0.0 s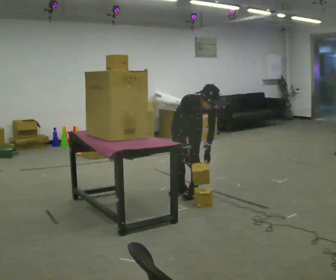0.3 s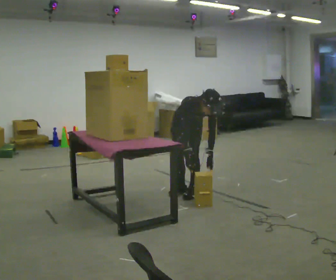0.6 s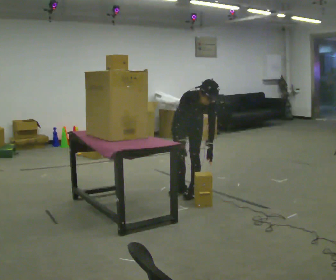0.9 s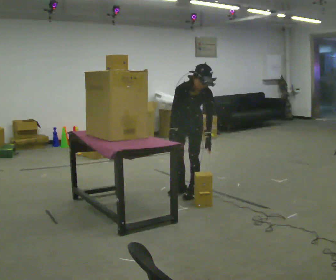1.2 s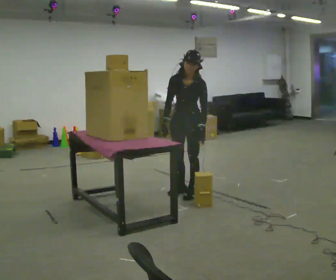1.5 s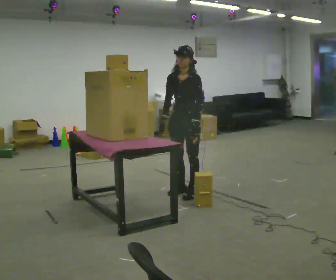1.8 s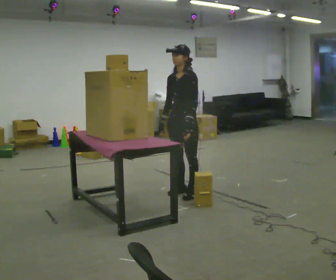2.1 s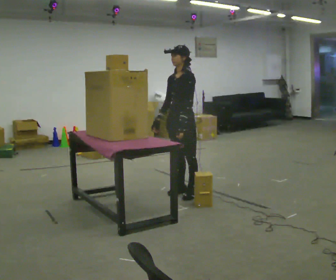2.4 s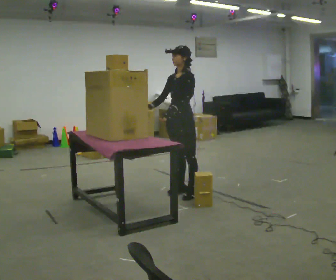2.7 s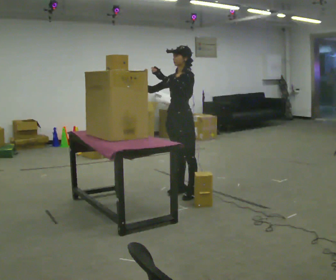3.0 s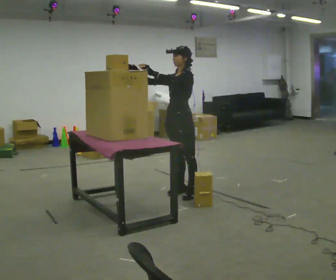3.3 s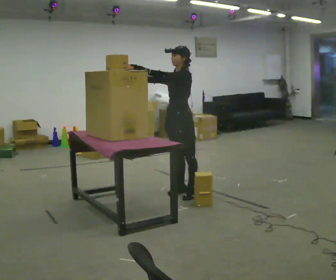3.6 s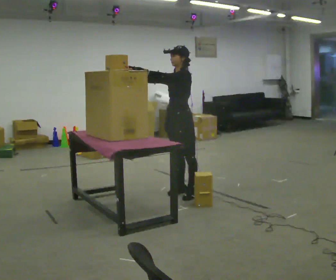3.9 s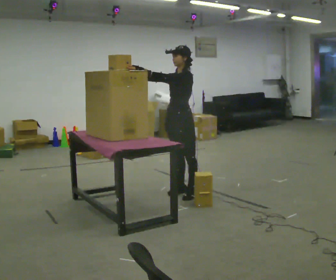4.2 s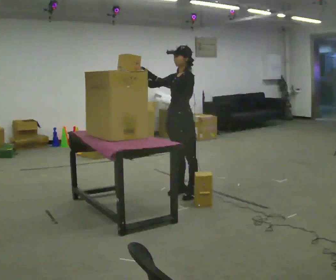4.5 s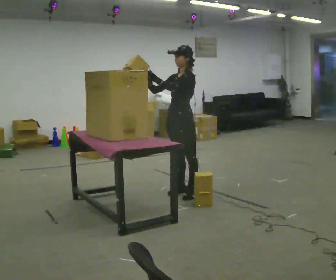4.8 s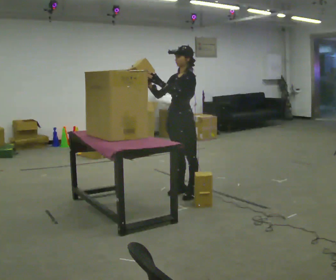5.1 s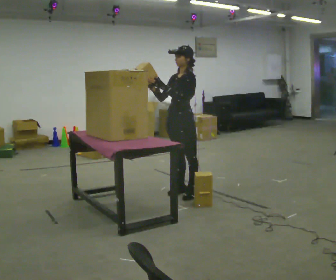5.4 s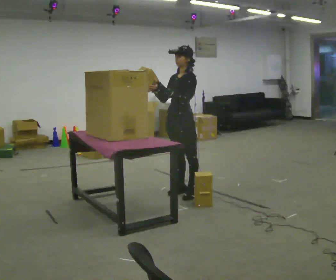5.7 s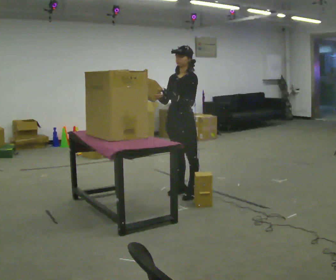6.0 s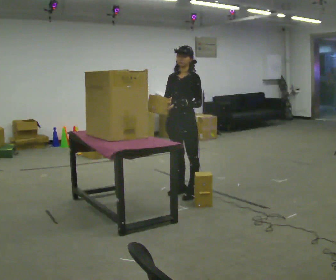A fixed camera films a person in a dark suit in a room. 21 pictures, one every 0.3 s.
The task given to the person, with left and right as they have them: Pick an object up off the floor at your feet and place it on the highest shelf you can comfortably reach. Repeat at your own pace until the operator says stop. Keep both feet on the marked spots for the whole take. If you have to step, stop and tell the operator.
0.0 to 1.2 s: The person turns about 30 degrees to their right, clockwise seen from above, so the part of the body nearest the lens slides to the left. The shoulders move upward. The upper body tips away from the camera, its near side rolling upward, as they lean back or straighten.
1.2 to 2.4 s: The part of the body nearest the lens slides to the left as the person turns to their right by about 30 degrees. The upper body tips away from the camera, its near side rolling upward, as they lean back or straighten. In the picture their left hand goes to the left.
2.4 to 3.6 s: In the picture their left hand goes upward.
3.6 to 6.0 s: In the picture their left hand goes to the right and downward.
The film runs forward here.
